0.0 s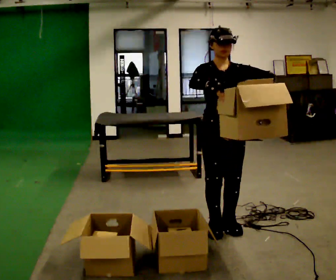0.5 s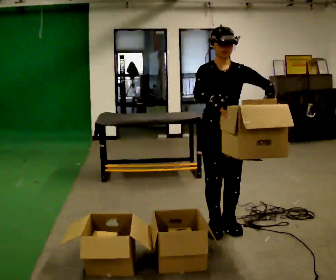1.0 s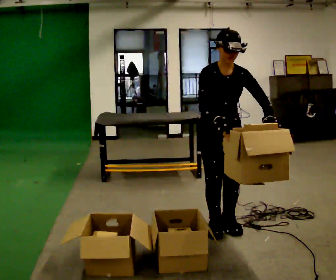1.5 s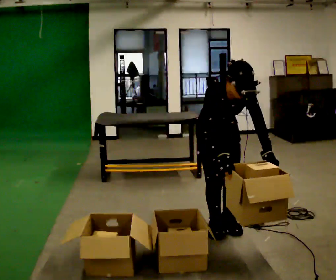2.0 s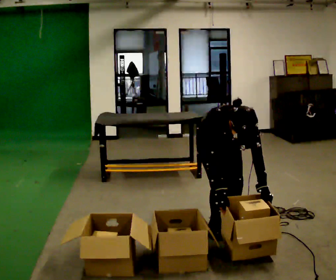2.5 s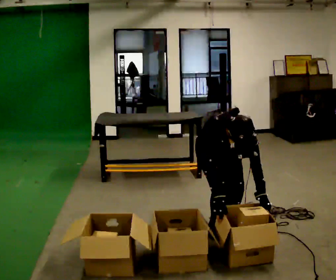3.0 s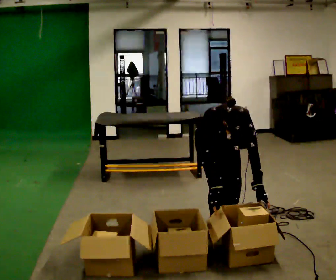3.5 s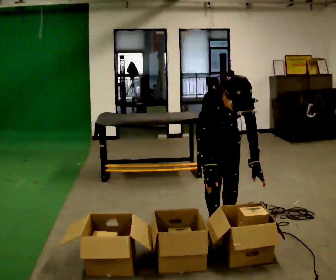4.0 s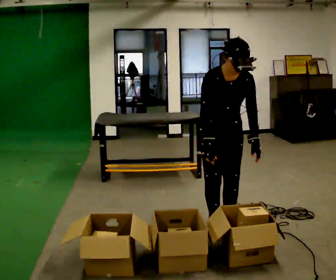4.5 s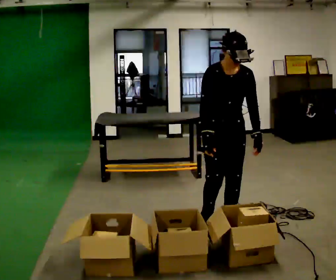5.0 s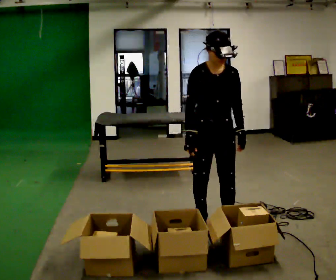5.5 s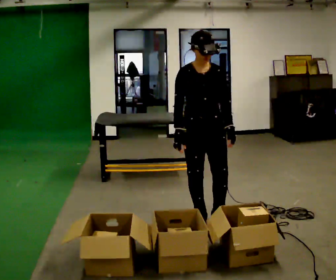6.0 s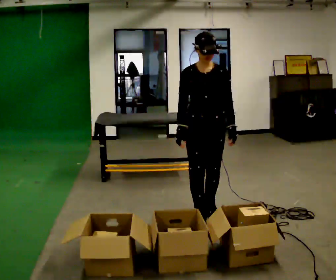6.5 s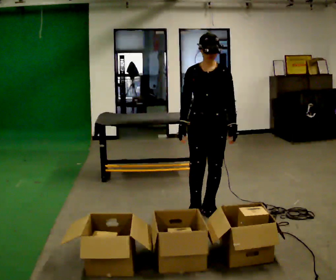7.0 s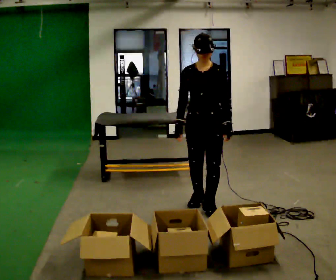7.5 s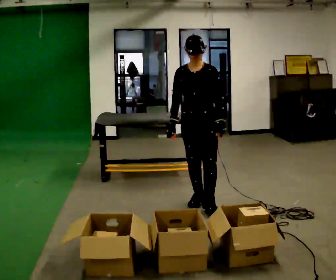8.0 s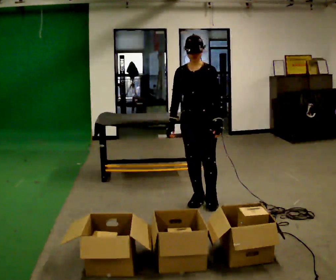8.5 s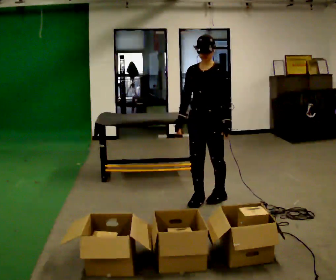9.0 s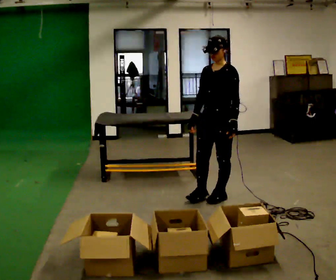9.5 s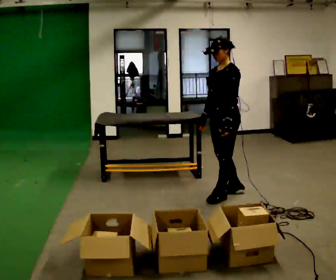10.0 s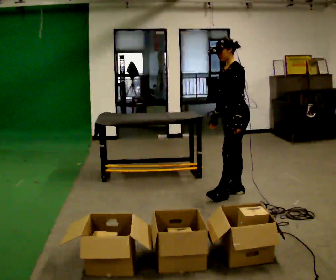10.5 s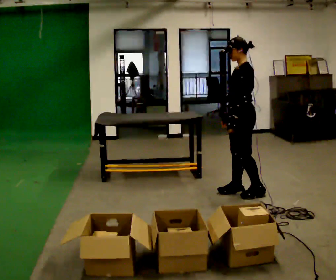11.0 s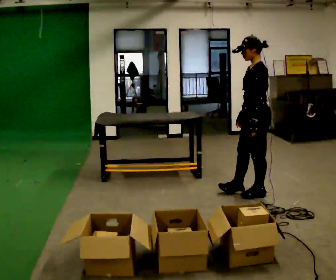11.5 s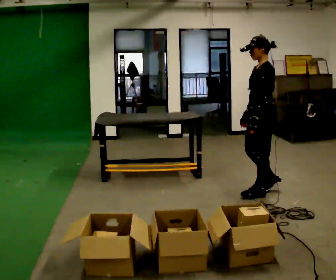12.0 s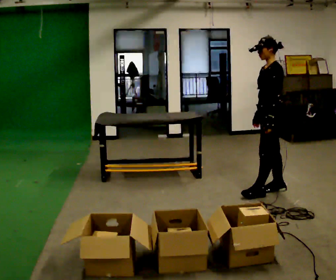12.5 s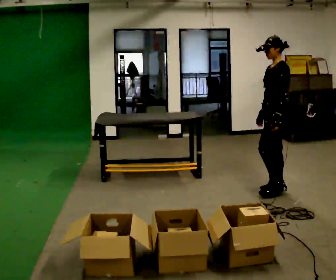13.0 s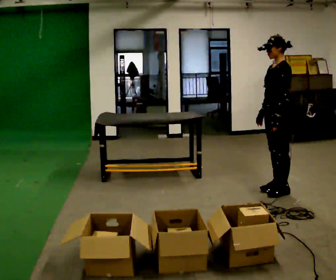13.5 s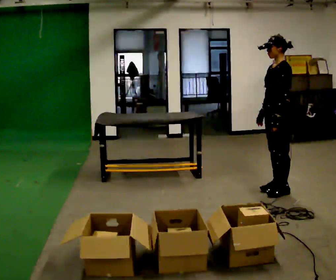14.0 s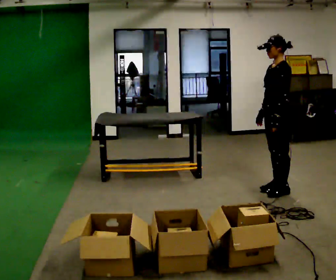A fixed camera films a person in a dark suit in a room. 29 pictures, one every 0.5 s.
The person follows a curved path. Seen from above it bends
clockwise.
0.0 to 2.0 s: The shoulders move downward. The upper body tips toward the camera, its near side rolling downward, as they bend forward. In the picture their right hand goes downward.
2.0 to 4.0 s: The upper body goes upward. The upper body tips away from the camera, its near side rolling upward, as they lean back or straighten. In the picture their right hand goes upward.
4.0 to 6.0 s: In the picture they go away from the camera, about 0.25 m in 2 steps, which for them is backward. The upper body tips away from the camera, its near side rolling upward, as they lean back or straighten.
6.0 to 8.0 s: In the picture they go away from the camera, about 0.25 m in 2 steps, which for them is backward.
8.0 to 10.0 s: The person turns about 60 degrees to their right, clockwise seen from above, so the part of the body nearest the lens slides to the left. In the picture they go to the right and away from the camera, about 0.5 m in 2 steps.
10.0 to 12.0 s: In the picture they go to the right, about 0.25 m in 1 step, which for them is backward.
12.0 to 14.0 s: The person moves a little, or ends about where they began.
The film runs backward here.
